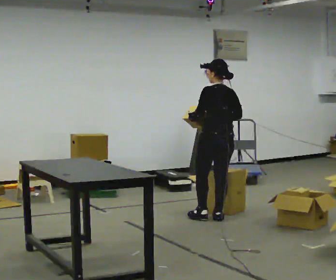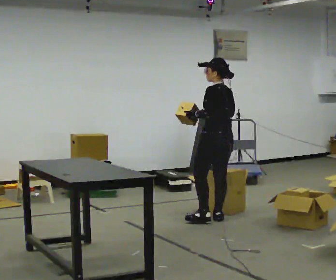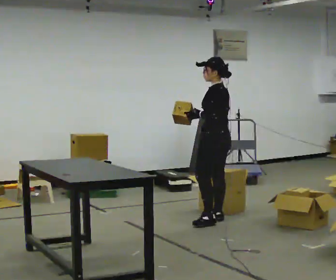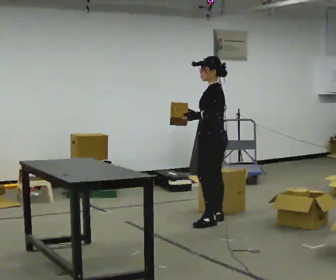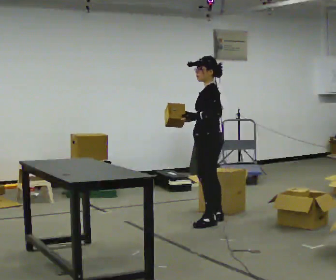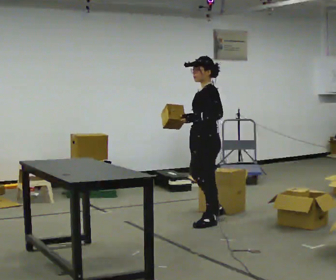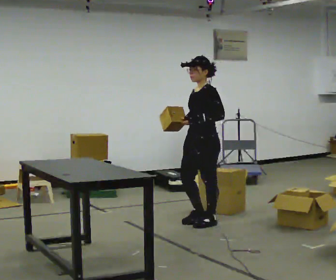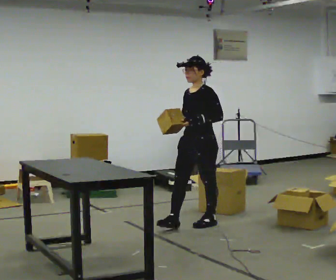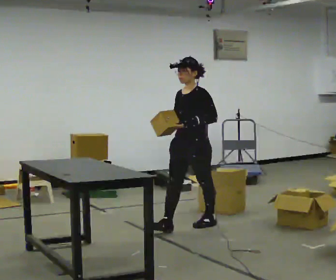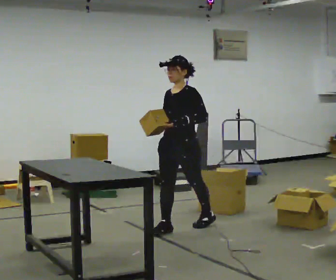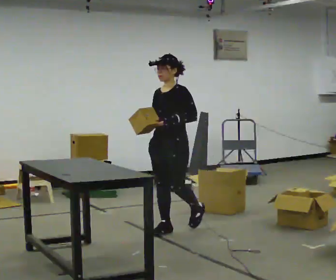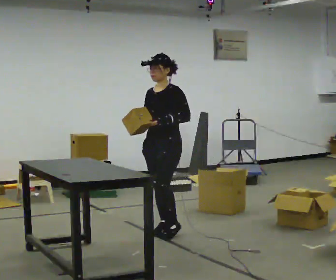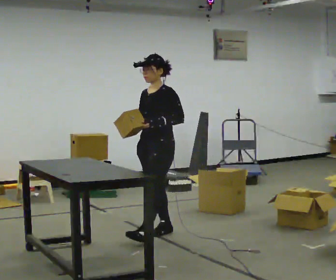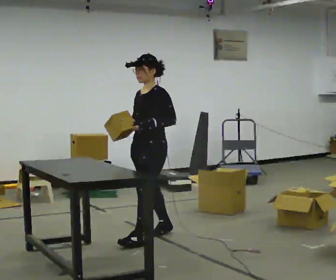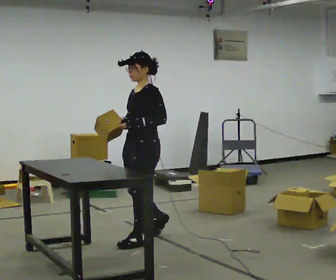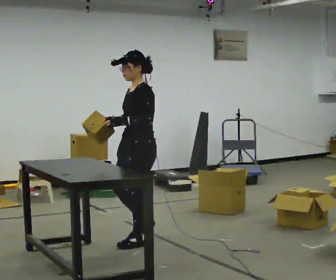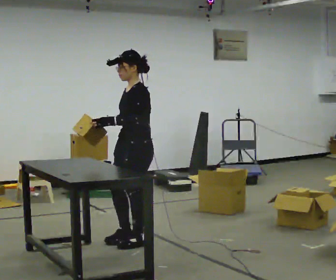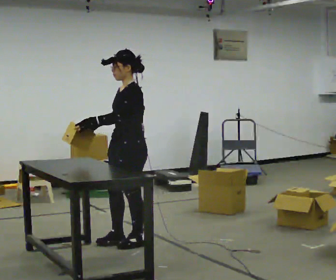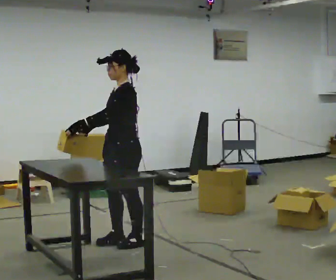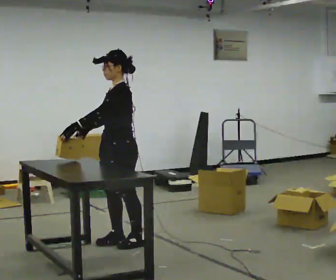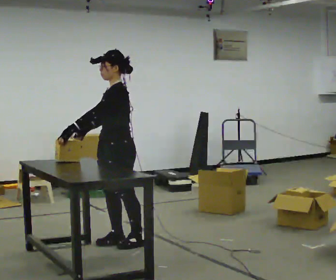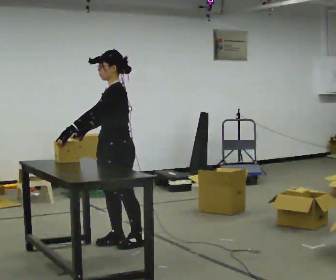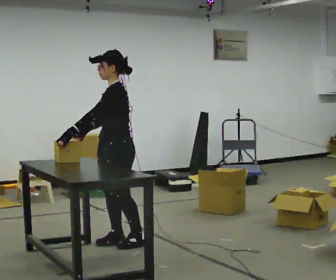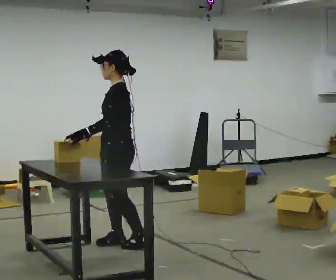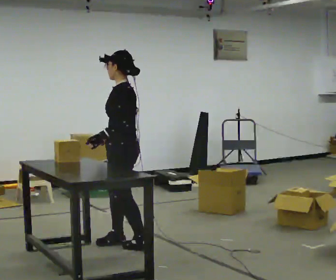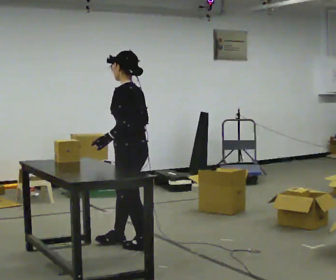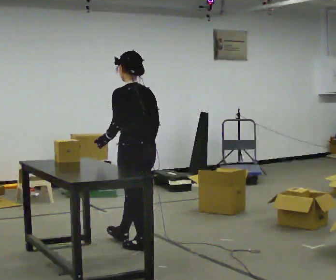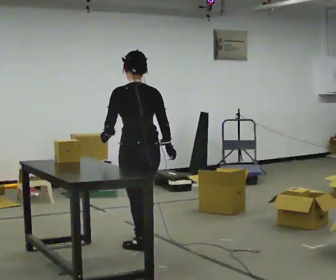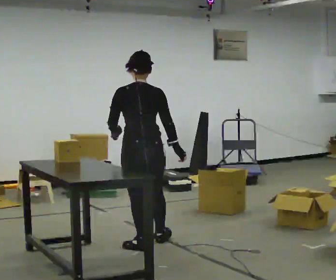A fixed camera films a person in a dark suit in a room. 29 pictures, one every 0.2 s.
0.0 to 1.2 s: The person turns about 90 degrees to their left, counterclockwise seen from above, so the part of the body nearest the lens slides to the right. In the picture they go toward the camera and to the left, about 0.25 m in 1 step.
1.2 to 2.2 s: The person turns about 30 degrees to their left, counterclockwise seen from above, so the part of the body nearest the lens slides to the right. In the picture they go to the left and toward the camera, about 0.5 m in 1 step, which for them is forward.
2.2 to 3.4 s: The part of the body nearest the lens slides to the left as the person turns to their right by about 30 degrees. In the picture they go toward the camera and to the left, about 0.5 m in 2 steps, which for them is forward and to their left.
3.4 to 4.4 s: The person moves a little, or ends about where they began.
4.4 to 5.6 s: Seen from above the body turns clockwise, about 90 degrees: to their right, with its near side sliding to the left. In the picture they go to the right, about 0.25 m in 2 steps. In the picture their right hand goes to the right, the arm swinging counterclockwise.
The film runs forward here.
